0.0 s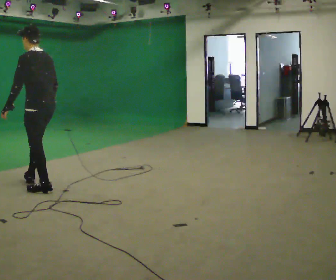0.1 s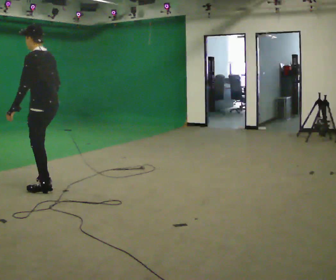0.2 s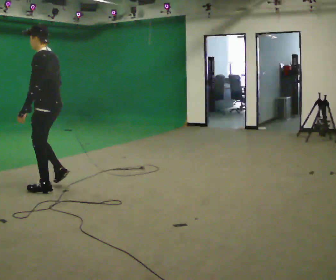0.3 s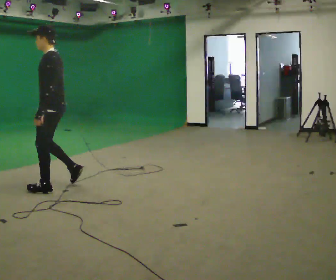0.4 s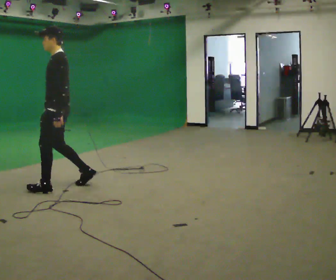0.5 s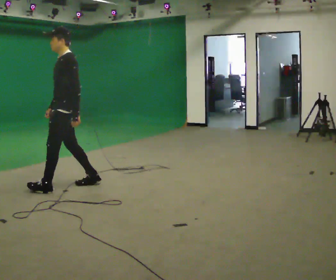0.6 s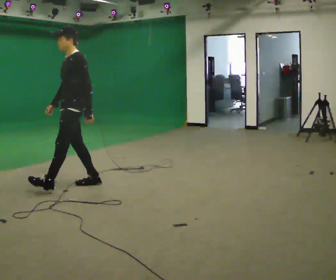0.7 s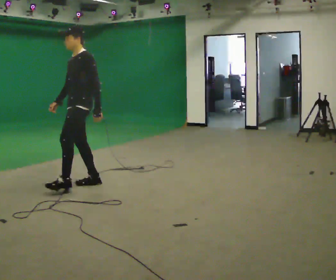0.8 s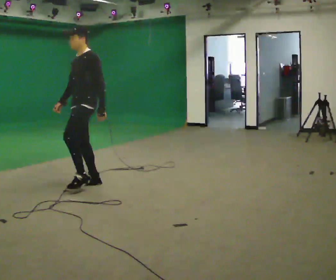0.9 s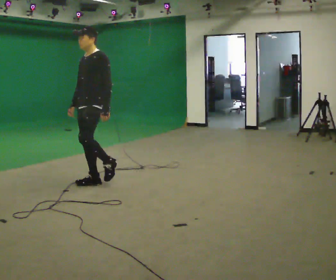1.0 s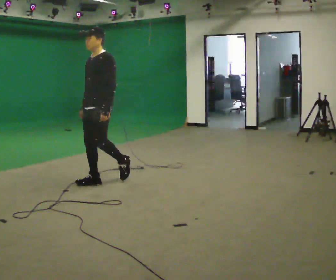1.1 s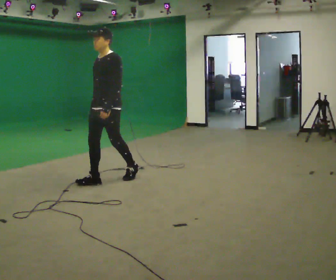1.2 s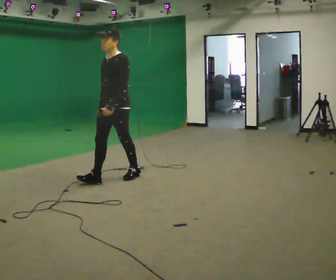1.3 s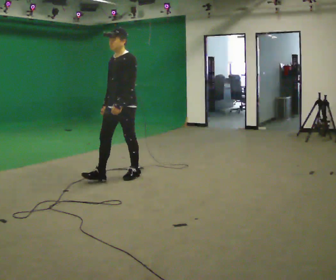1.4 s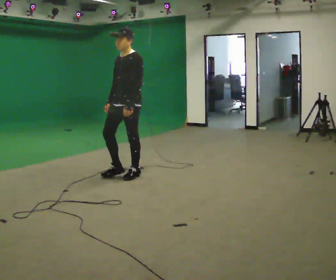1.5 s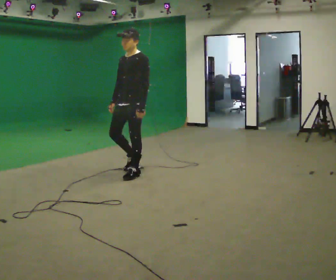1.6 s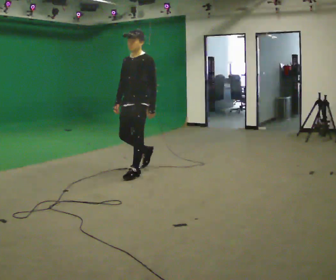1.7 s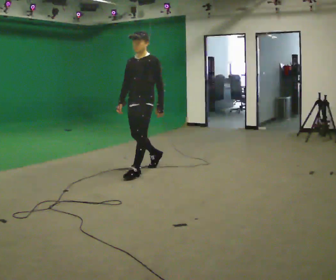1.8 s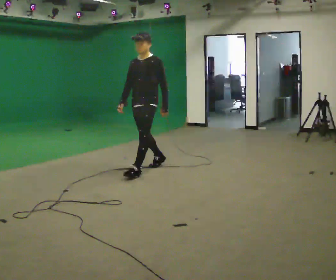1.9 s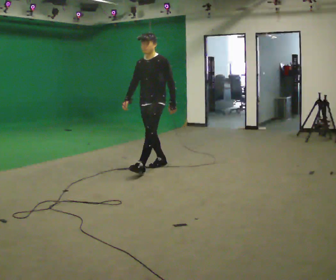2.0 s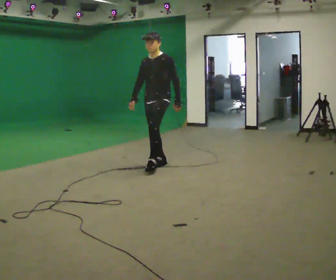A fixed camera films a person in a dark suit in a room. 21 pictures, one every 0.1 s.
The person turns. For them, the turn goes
to their left.
The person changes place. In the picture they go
to the right.
0.0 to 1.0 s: Seen from above the body turns counterclockwise, about 75 degrees: to their left, with its near side sliding to the right. In the picture they go to the right and away from the camera, about 0.75 m in 1 step.
1.0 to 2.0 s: In the picture they go to the right and away from the camera, about 1 m in 2 steps, which for them is backward.
The film runs backward here.
